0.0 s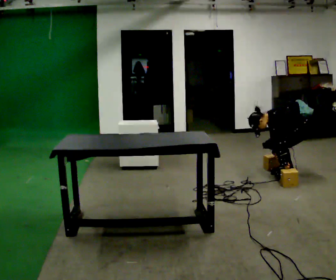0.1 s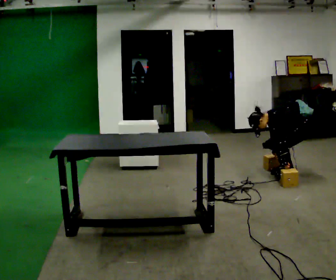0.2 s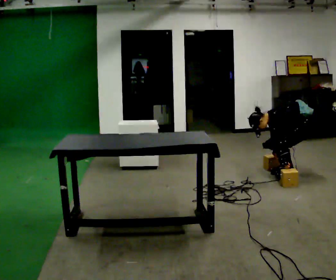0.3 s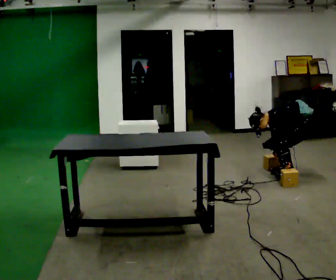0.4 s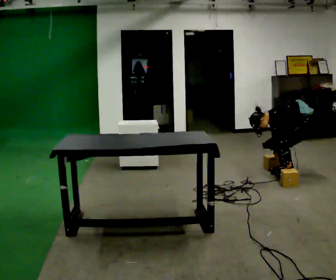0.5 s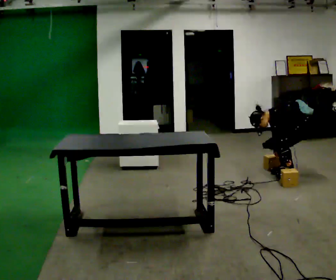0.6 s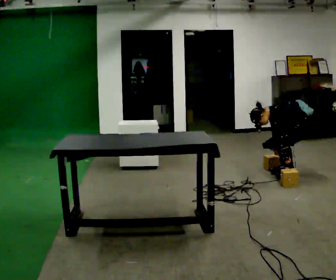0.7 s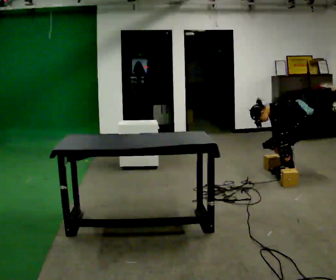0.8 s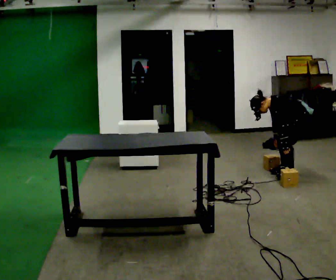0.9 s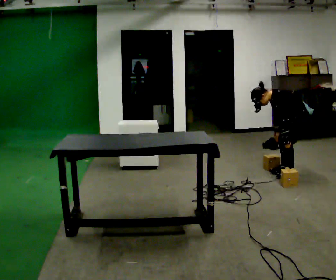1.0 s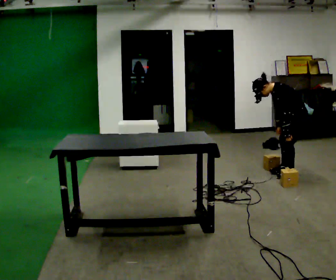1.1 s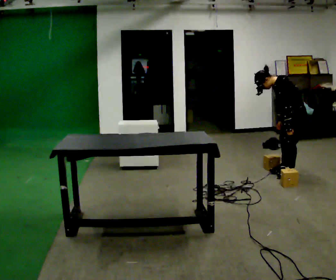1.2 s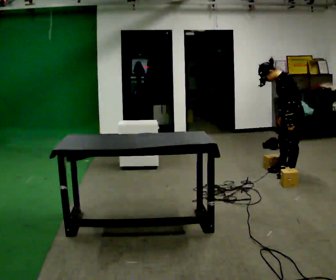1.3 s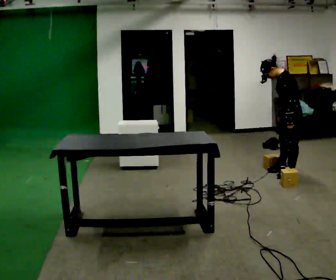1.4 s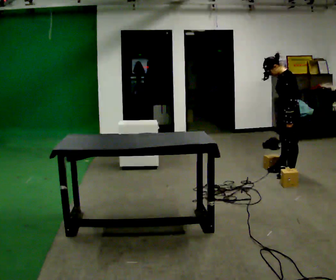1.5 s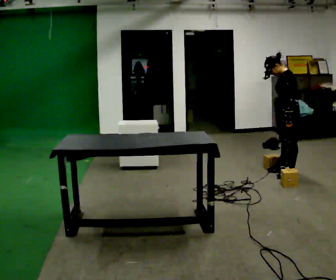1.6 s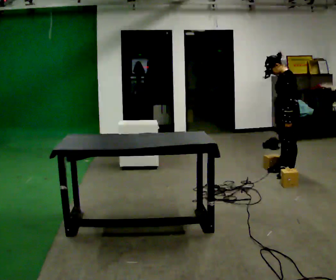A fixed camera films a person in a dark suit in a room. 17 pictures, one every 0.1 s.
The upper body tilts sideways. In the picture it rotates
clockwise.
Their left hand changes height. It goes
upward.
0.0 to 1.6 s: In the picture they go to the left, about 0.25 m, which for them is forward. The upper body goes upward. In the picture the upper body tilts clockwise, shoulders to the right, as they lean back or straighten. In the picture their right hand goes upward.
The film runs backward here.
